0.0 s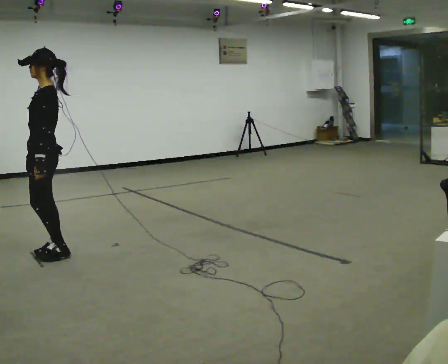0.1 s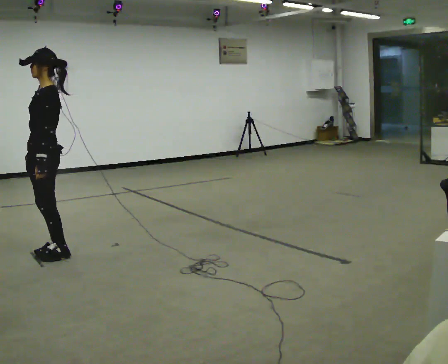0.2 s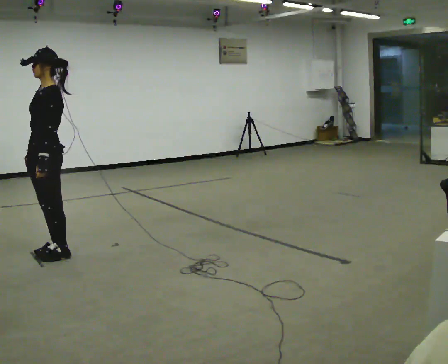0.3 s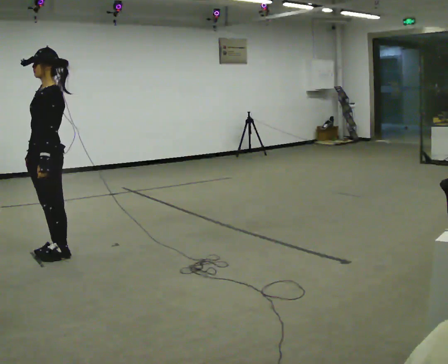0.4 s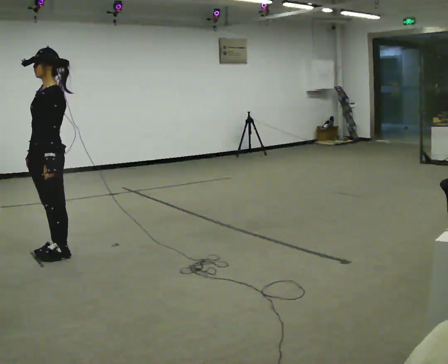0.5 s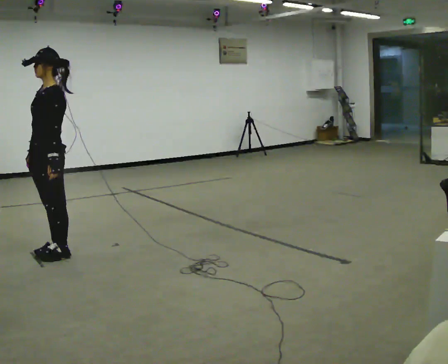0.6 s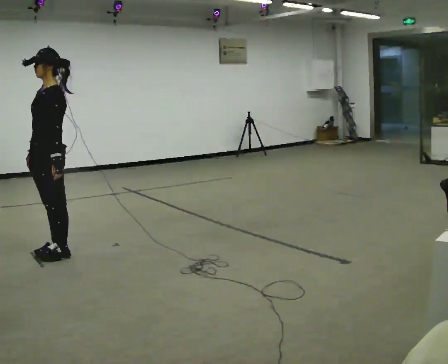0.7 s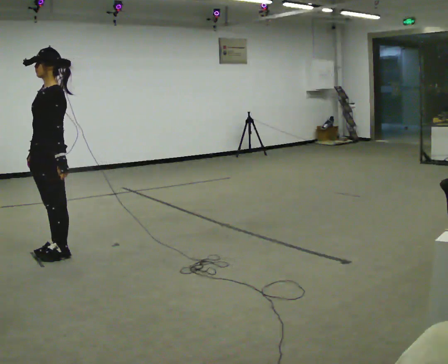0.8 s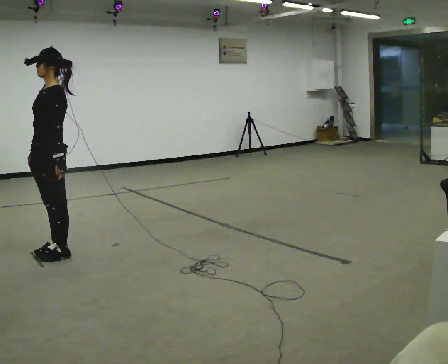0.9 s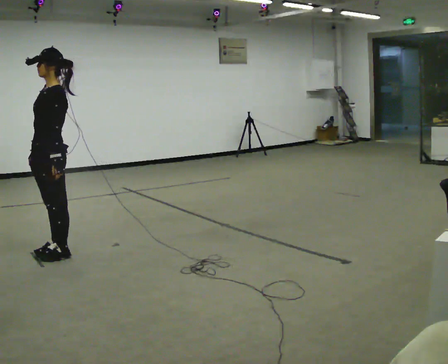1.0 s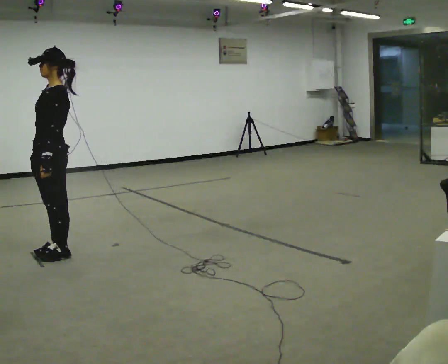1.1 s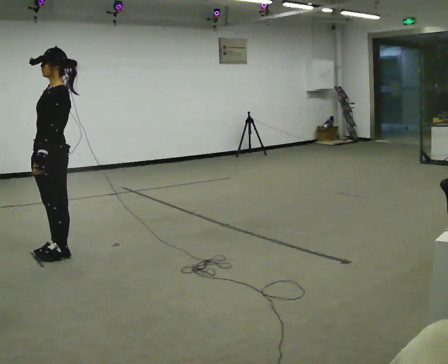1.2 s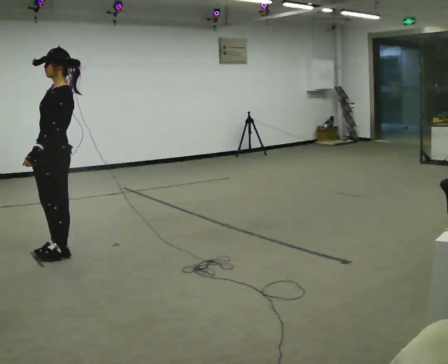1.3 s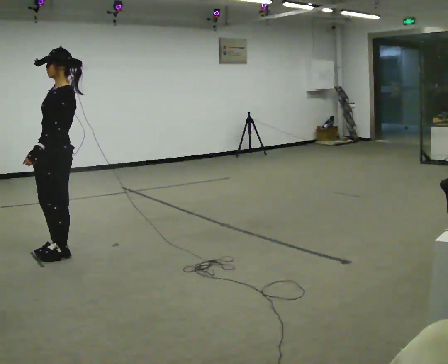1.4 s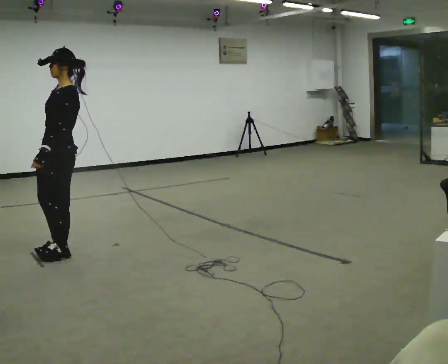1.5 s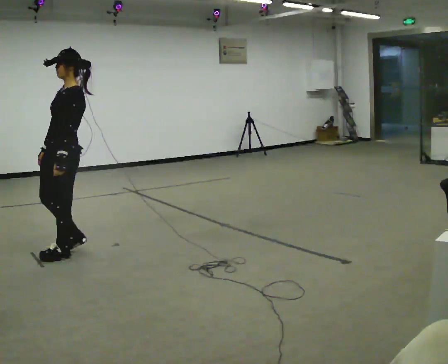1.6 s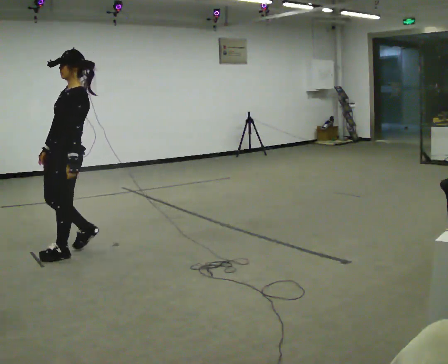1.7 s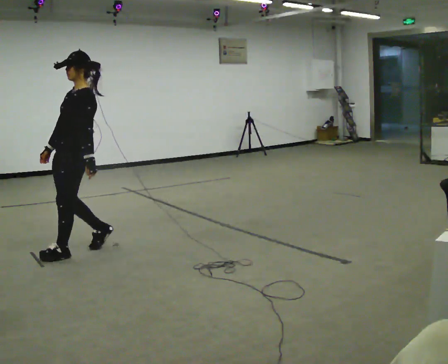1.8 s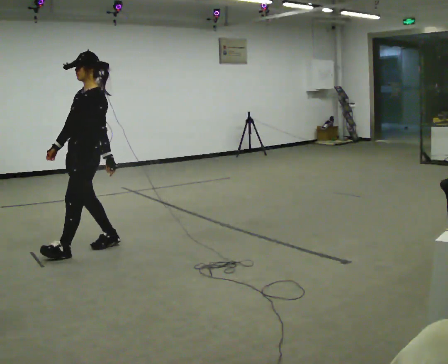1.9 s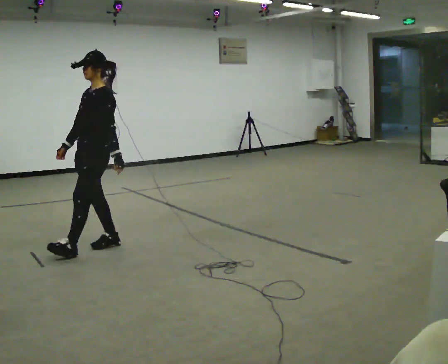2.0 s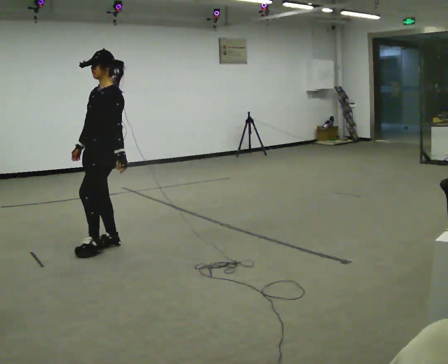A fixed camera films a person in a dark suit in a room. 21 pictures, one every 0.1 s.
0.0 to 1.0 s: The person moves a little, or ends about where they began.
1.0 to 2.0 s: In the picture they go to the right, about 0.25 m in 2 steps, which for them is backward.
The film runs backward here.
